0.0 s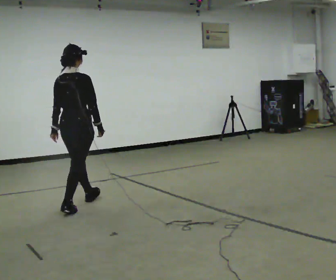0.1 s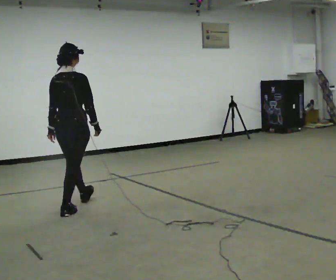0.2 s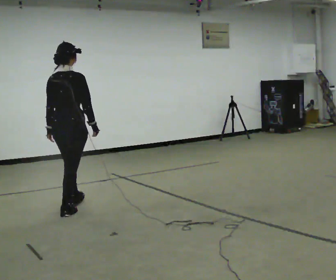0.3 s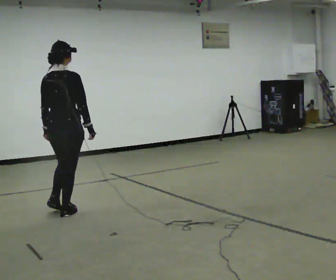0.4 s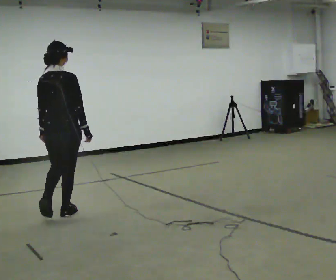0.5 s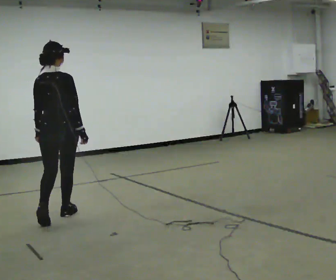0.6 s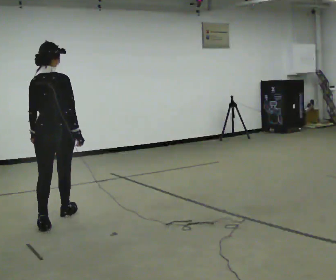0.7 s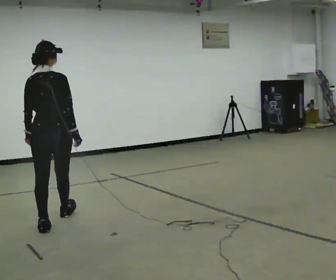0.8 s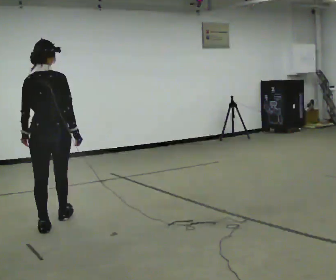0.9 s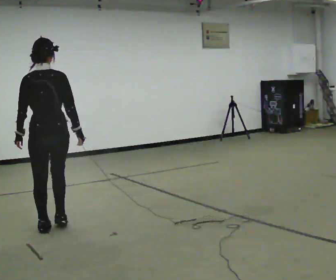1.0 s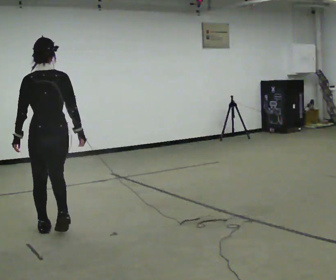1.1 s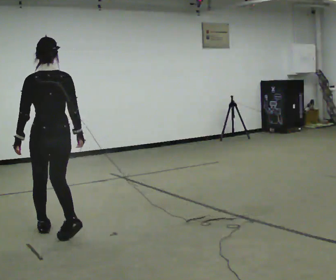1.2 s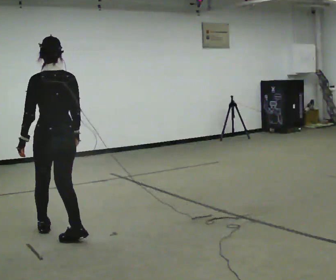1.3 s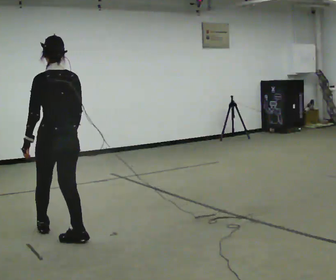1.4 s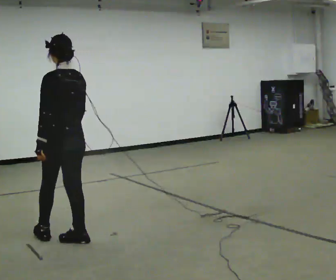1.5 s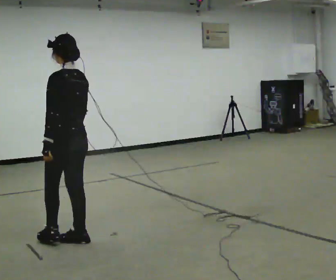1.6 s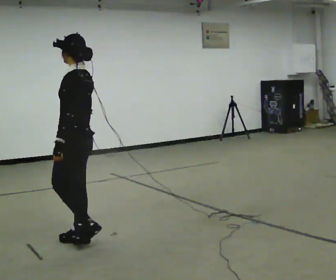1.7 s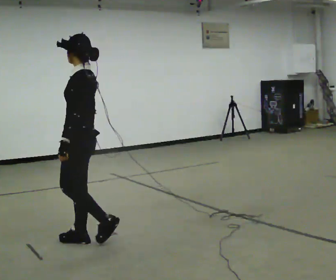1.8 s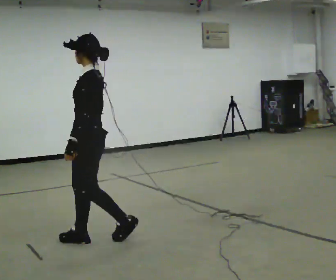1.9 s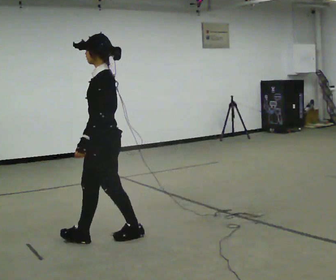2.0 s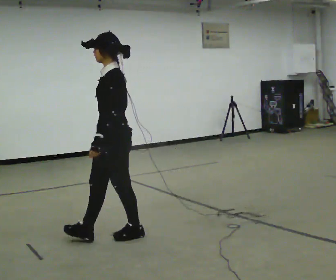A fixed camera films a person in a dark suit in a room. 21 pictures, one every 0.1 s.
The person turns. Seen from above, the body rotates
counterclockwise.
The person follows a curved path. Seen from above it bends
counterclockwise.
0.0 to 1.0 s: The part of the body nearest the lens slides to the right as the person turns to their left by about 30 degrees. In the picture they go toward the camera, about 1 m in 2 steps, which for them is backward.
1.0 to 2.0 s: Seen from above the body turns counterclockwise, about 105 degrees: to their left, with its near side sliding to the right. In the picture they go to the right and toward the camera, about 0.5 m in 2 steps.
The film runs backward here.
